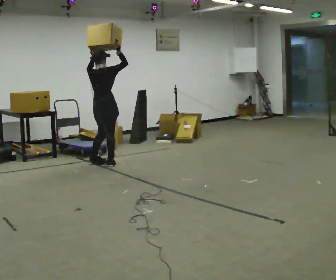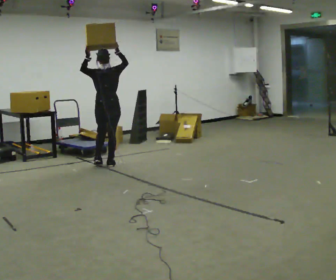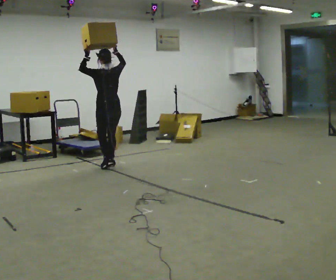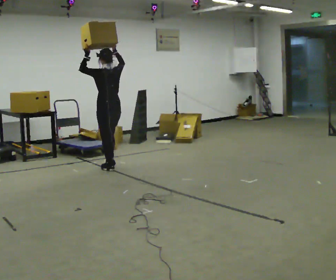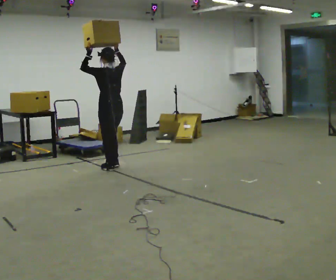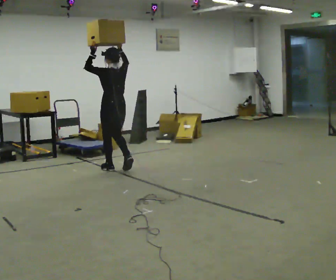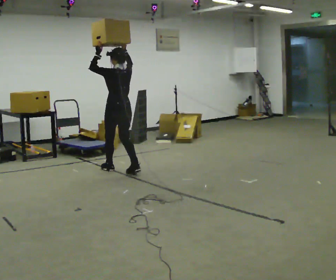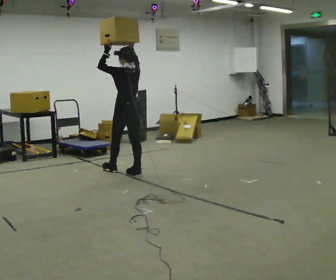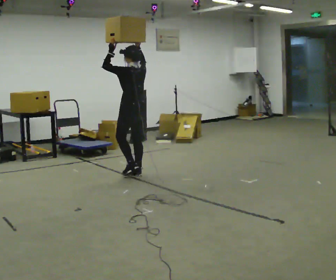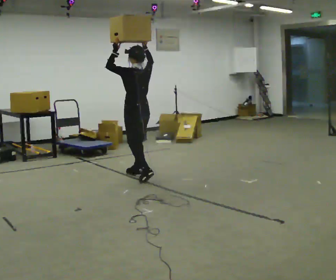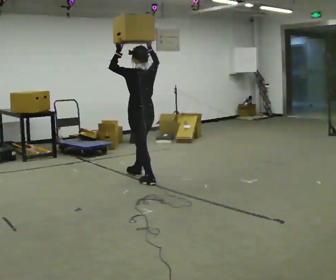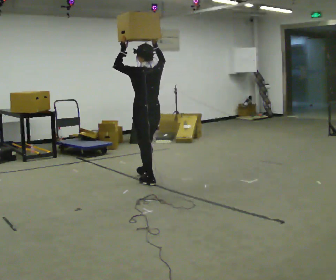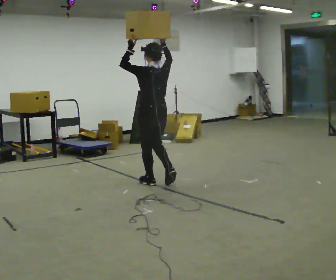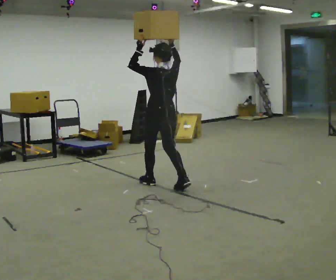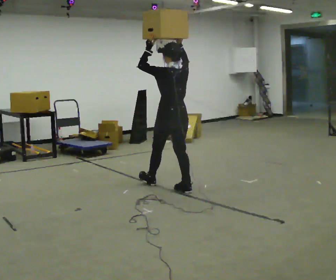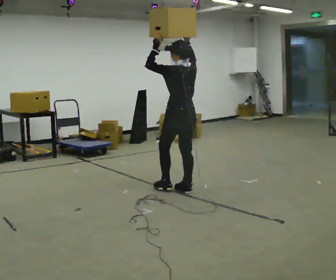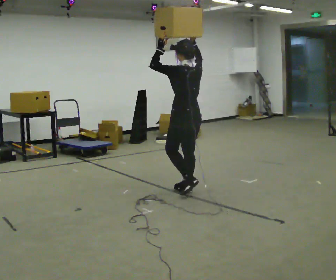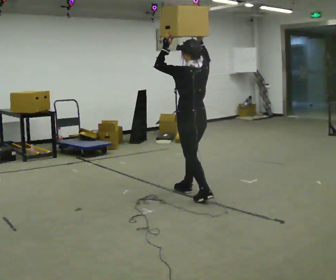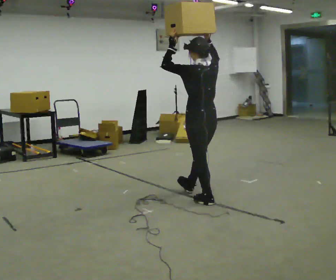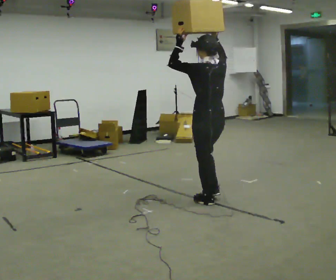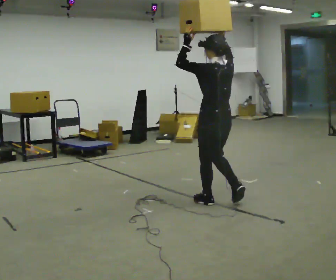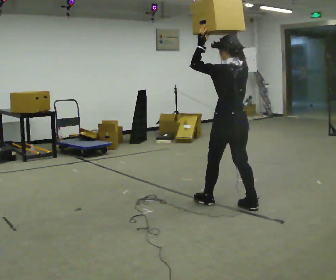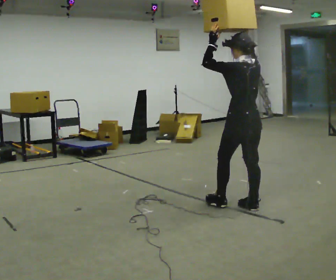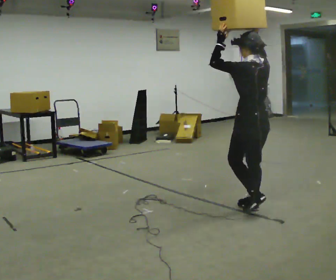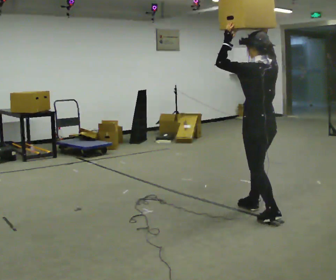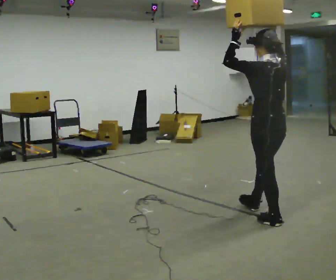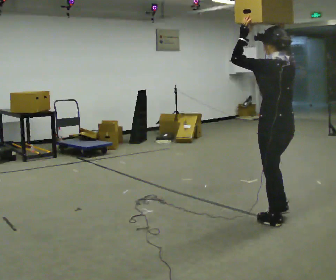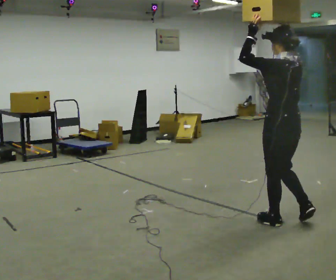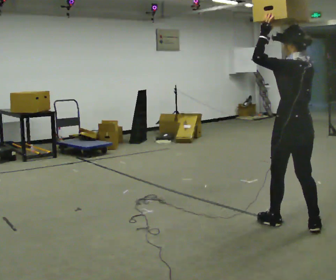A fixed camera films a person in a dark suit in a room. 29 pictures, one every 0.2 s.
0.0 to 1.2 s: The part of the body nearest the lens slides to the right as the person turns to their left by about 75 degrees. In the picture they go toward the camera and to the right, about 0.5 m in 2 steps.
1.2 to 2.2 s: In the picture they go toward the camera and to the right, about 0.75 m in 2 steps, which for them is backward.
2.2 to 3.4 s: In the picture they go toward the camera and to the right, about 0.5 m in 1 step, which for them is backward.
3.4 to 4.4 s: In the picture they go toward the camera and to the right, about 0.75 m in 2 steps, which for them is backward.
4.4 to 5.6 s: In the picture they go toward the camera and to the right, about 0.75 m in 1 step, which for them is backward.
The film runs backward here.
